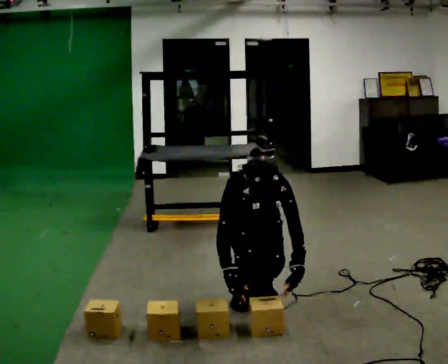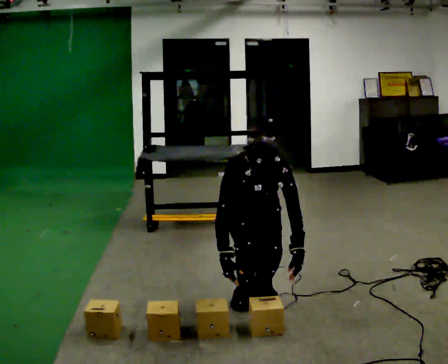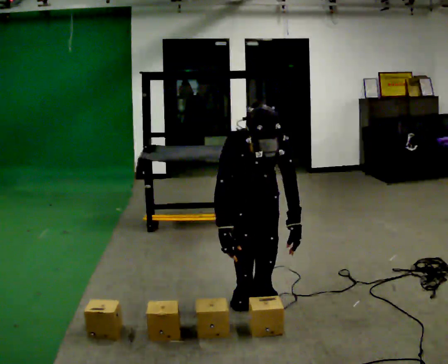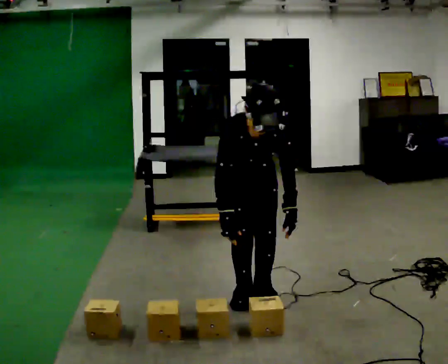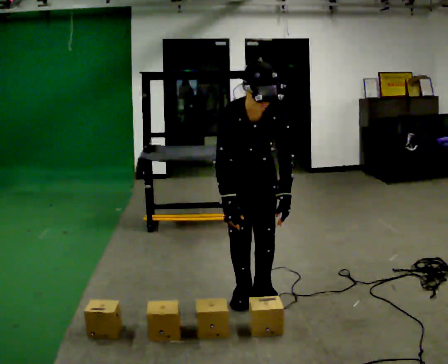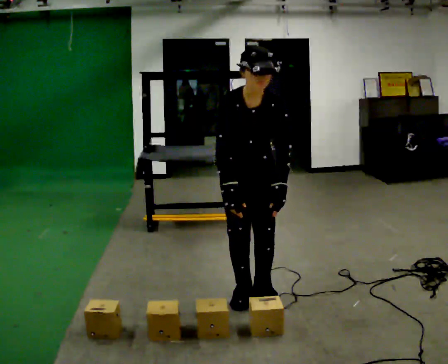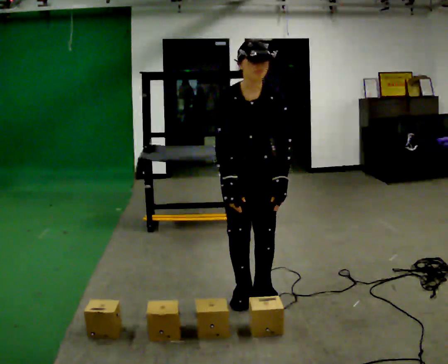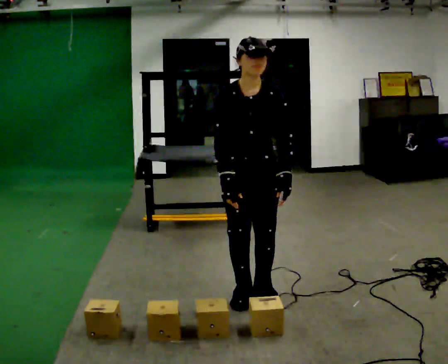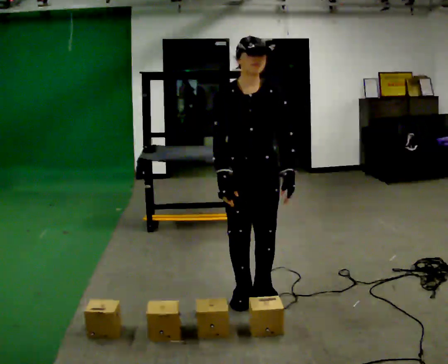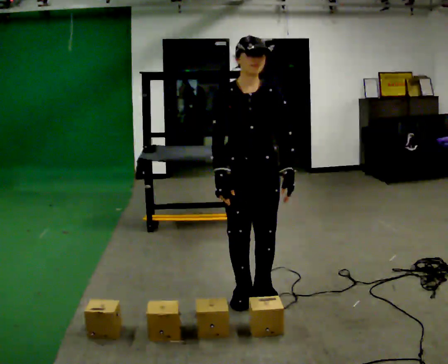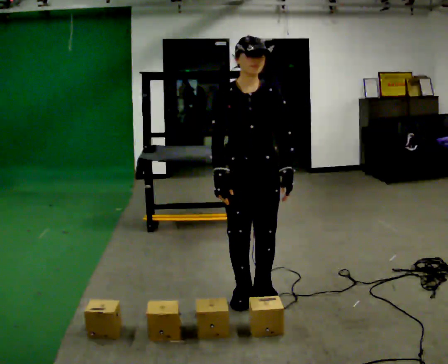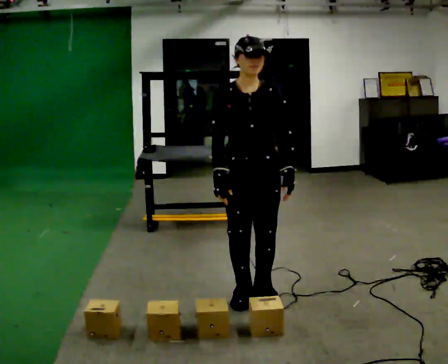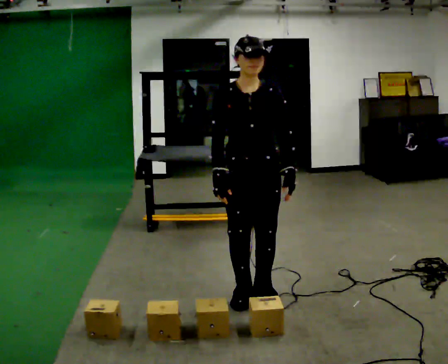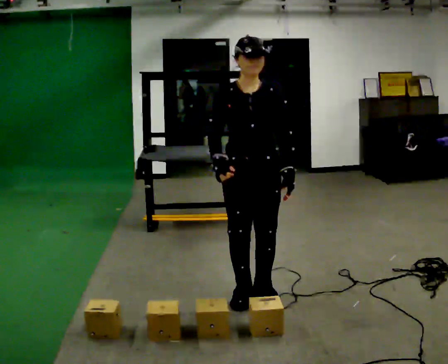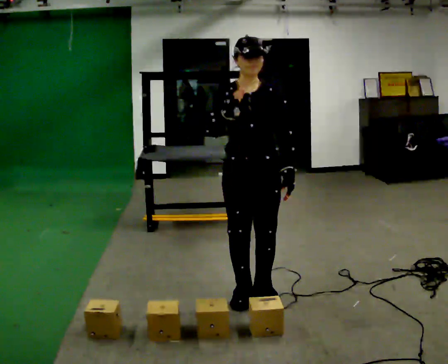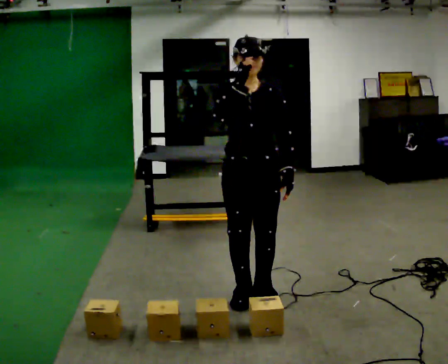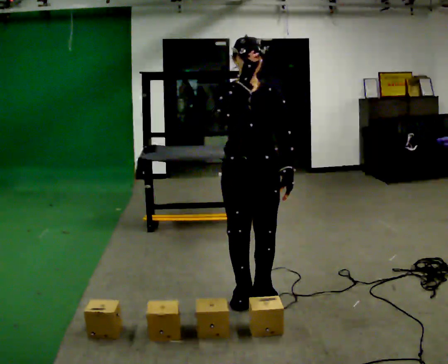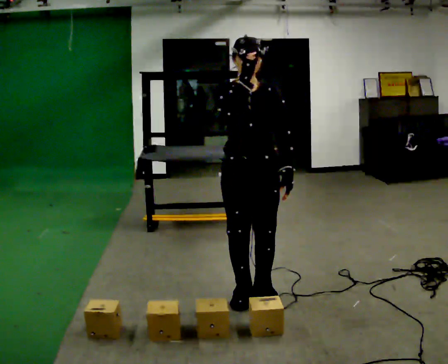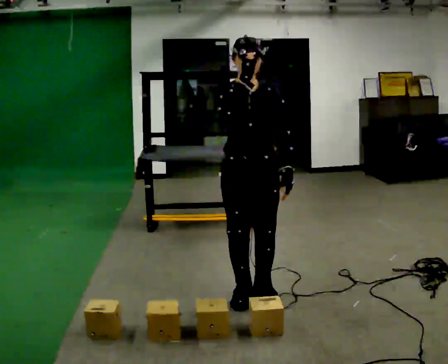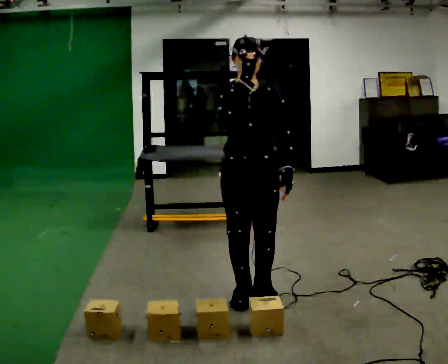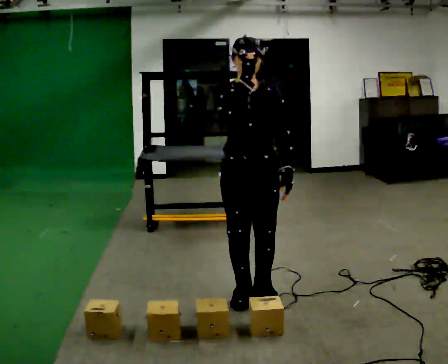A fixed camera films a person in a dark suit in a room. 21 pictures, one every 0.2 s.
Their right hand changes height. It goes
upward.
The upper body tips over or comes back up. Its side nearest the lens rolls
upward.
0.0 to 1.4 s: The upper body goes upward. The upper body tips away from the camera, its near side rolling upward, as they lean back or straighten. In the picture their left hand goes upward.
1.4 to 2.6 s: The person moves a little, or ends about where they began.
2.6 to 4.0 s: In the picture their right hand goes upward.
The film runs forward here.
